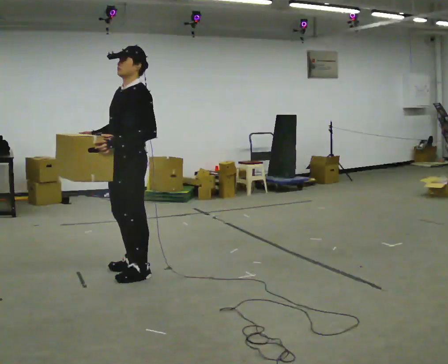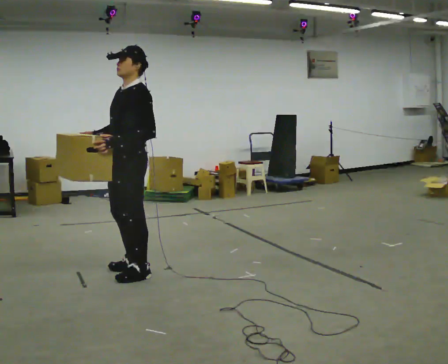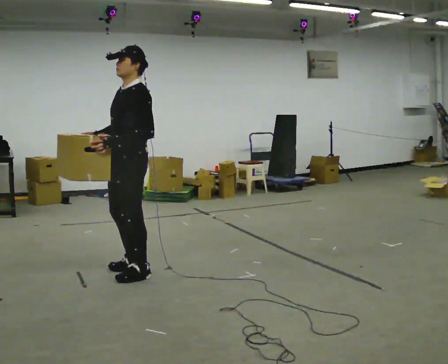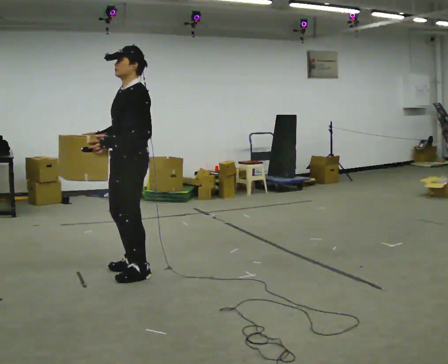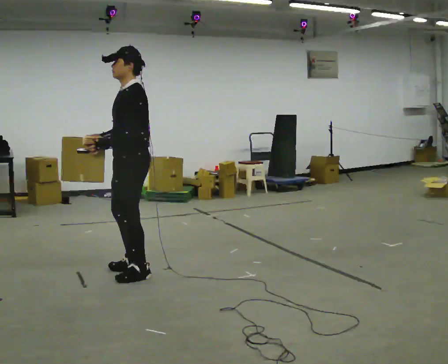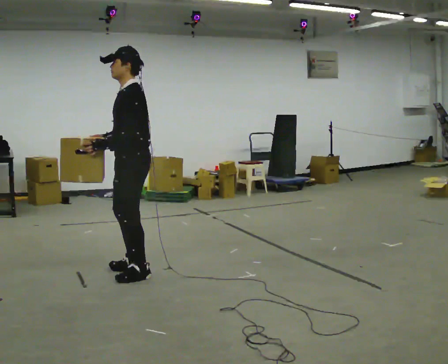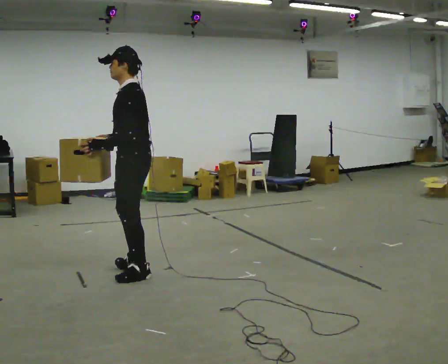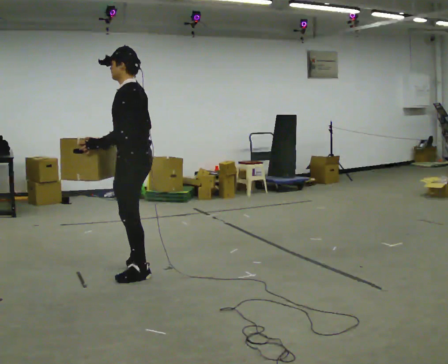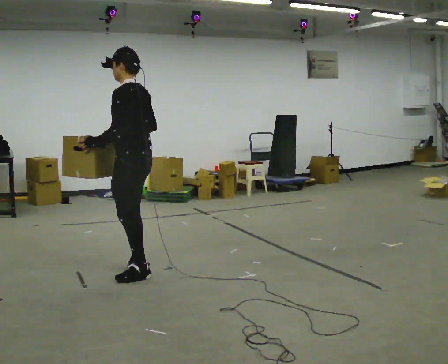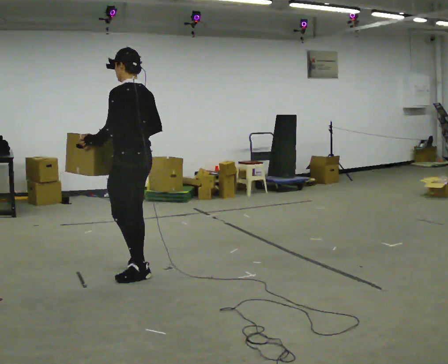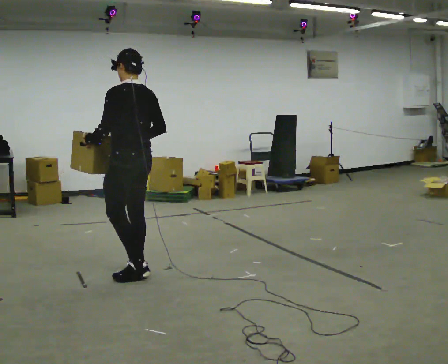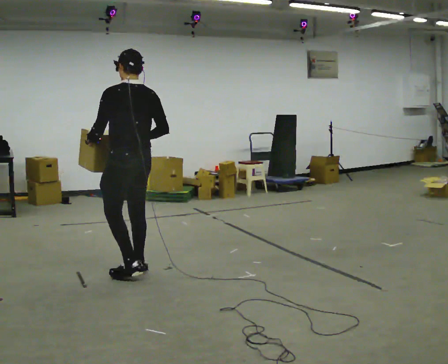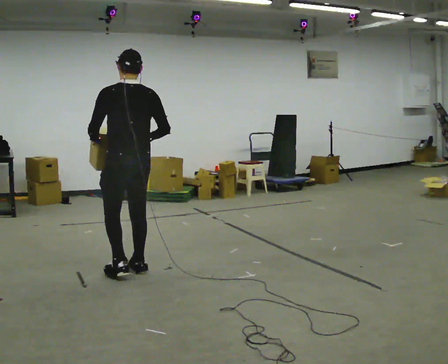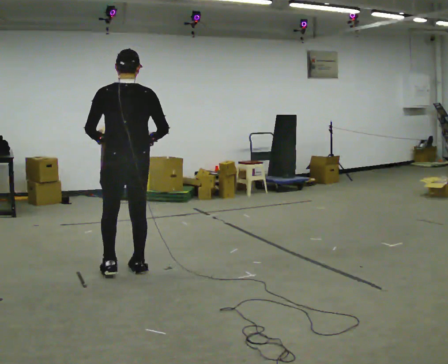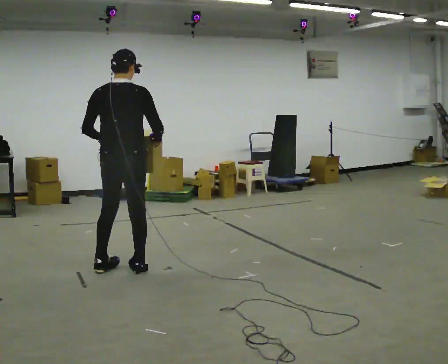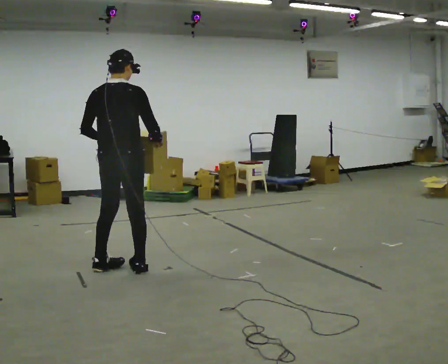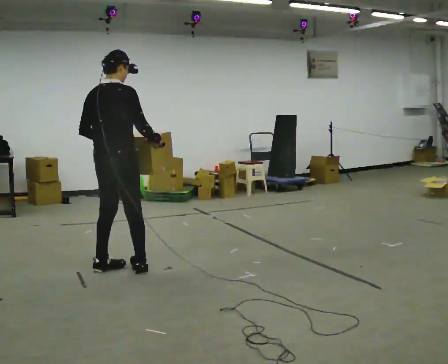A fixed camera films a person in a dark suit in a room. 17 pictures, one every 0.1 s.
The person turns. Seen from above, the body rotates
clockwise.
Their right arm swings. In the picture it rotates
counterclockwise.
0.0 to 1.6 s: Seen from above the body turns clockwise, about 150 degrees: to their right, with its near side sliding to the left. In the picture they go to the left, about 0.25 m in 1 step. In the picture their right hand goes to the right, the arm swinging counterclockwise.
The film runs forward here.
